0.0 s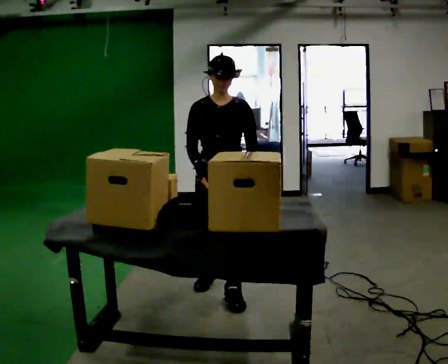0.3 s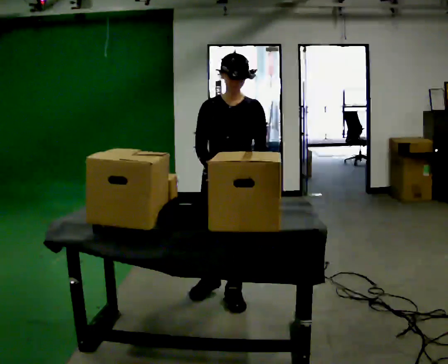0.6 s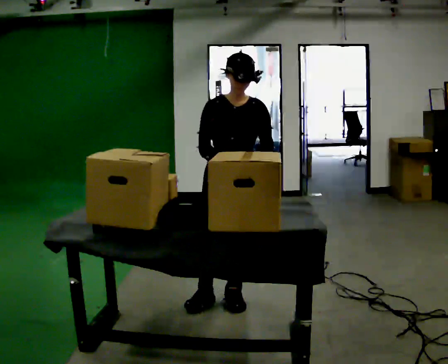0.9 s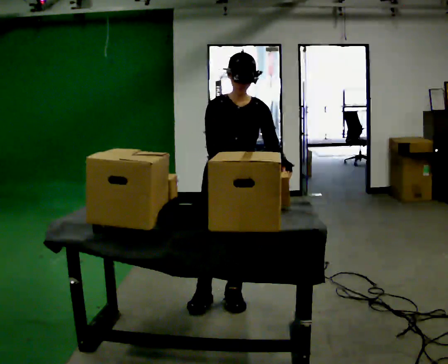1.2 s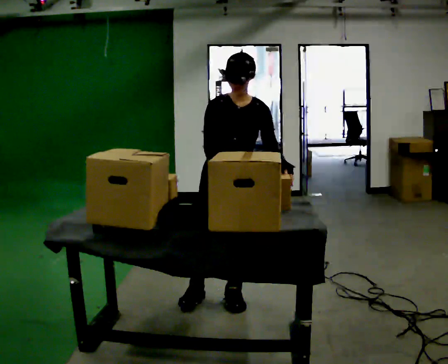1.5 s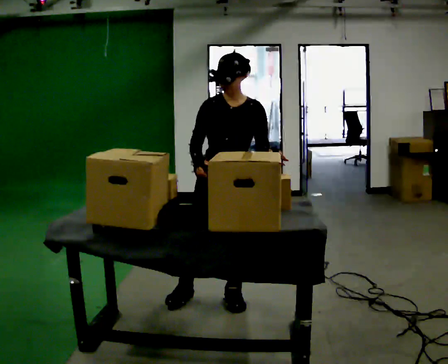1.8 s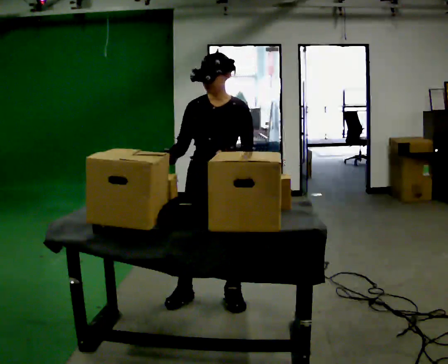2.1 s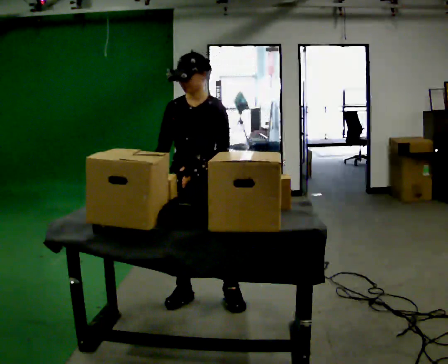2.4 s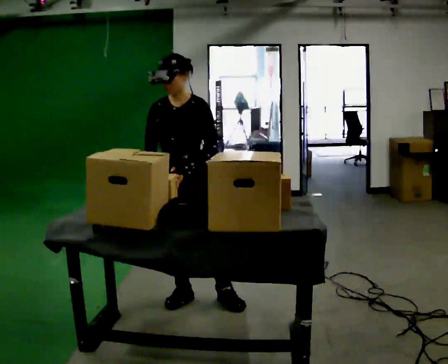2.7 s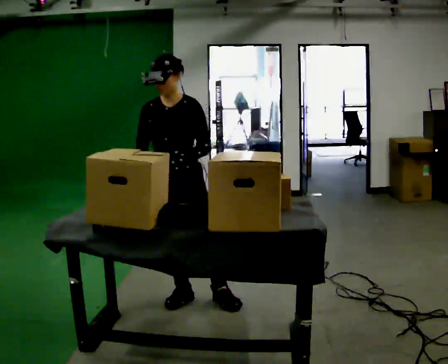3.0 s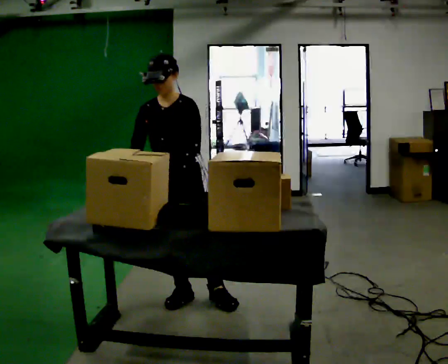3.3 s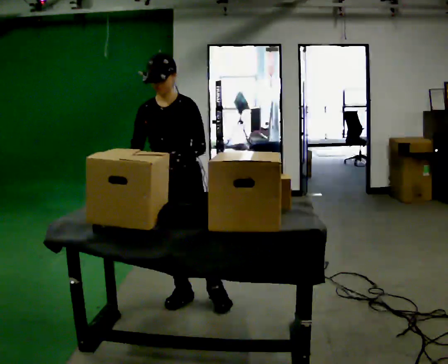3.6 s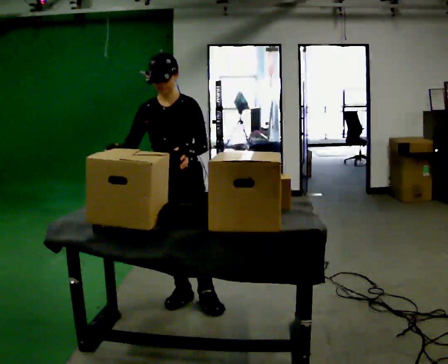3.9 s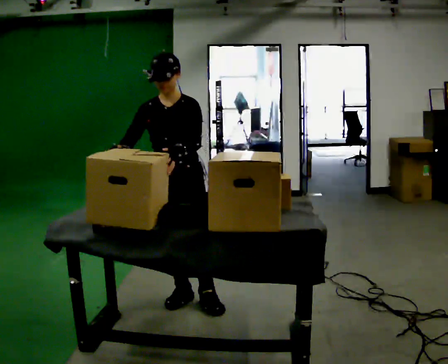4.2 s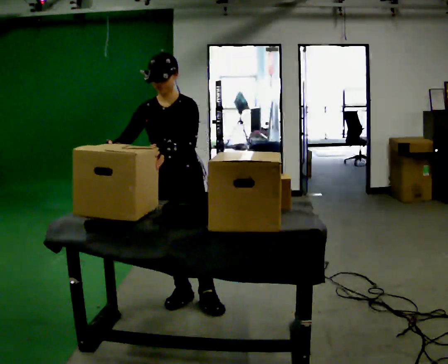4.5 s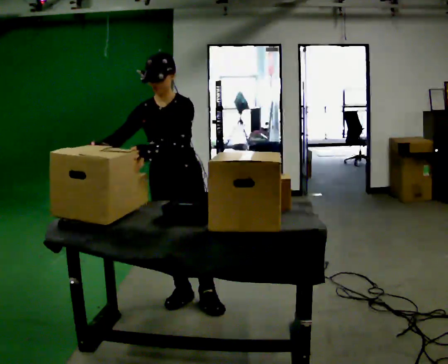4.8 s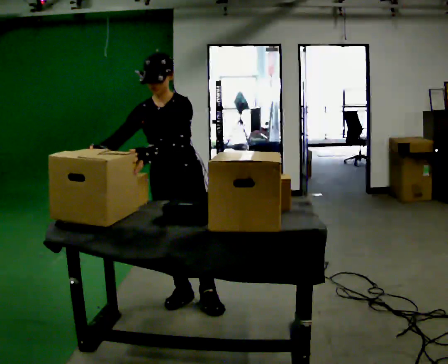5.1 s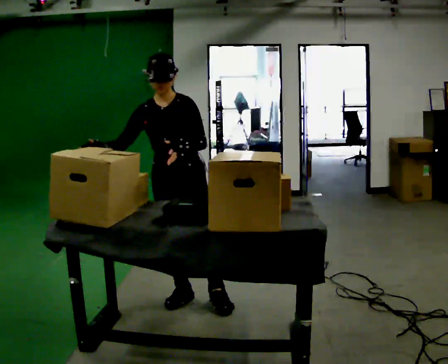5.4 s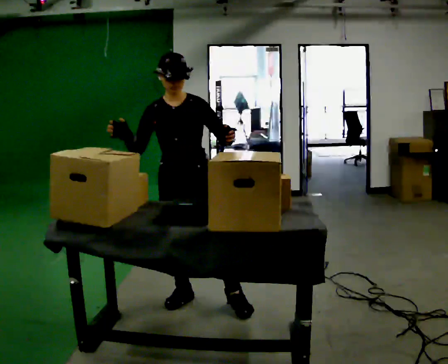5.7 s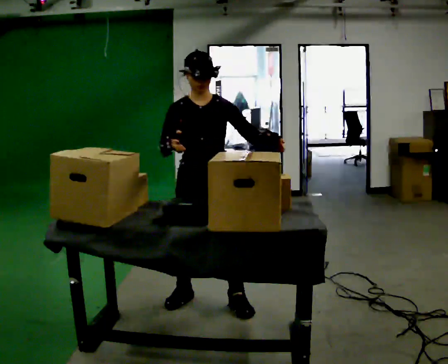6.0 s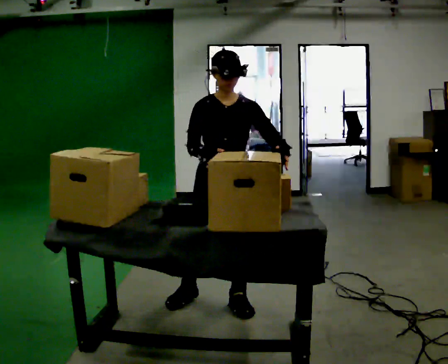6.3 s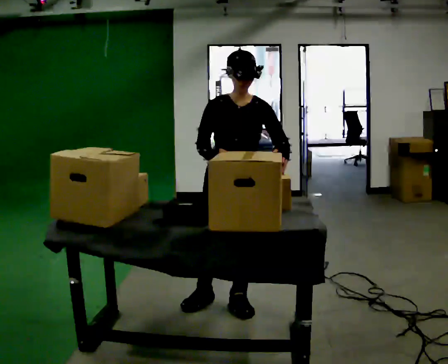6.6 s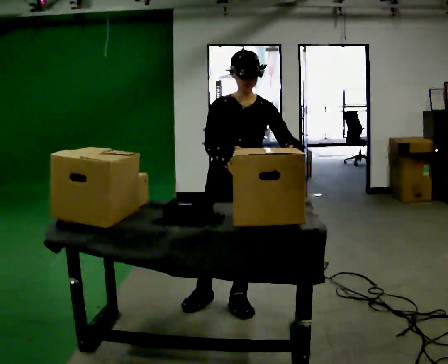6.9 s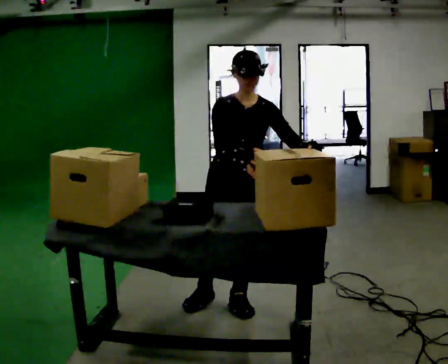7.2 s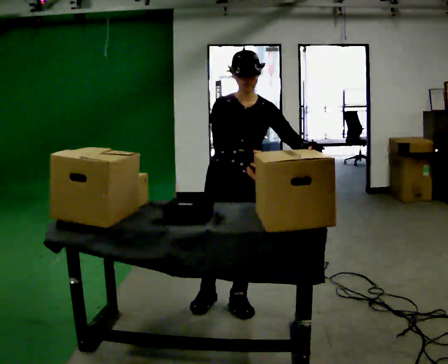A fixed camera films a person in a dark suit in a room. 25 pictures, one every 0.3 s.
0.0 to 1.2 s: The person moves a little, or ends about where they began.
1.2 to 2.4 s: In the picture they go to the left, about 0.25 m, which for them is to their right.
2.4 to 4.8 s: The person moves a little, or ends about where they began.
4.8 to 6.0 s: In the picture they go to the right, about 0.25 m in 1 step, which for them is to their left. In the picture the upper body tilts clockwise, shoulders to the right.
6.0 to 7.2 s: The person moves a little, or ends about where they began.
The film runs forward here.
